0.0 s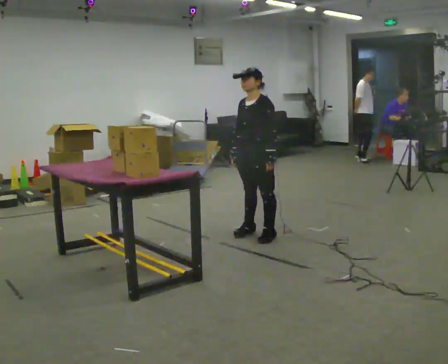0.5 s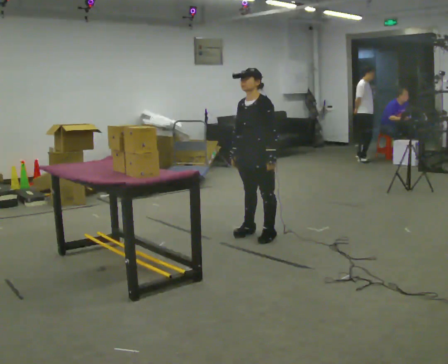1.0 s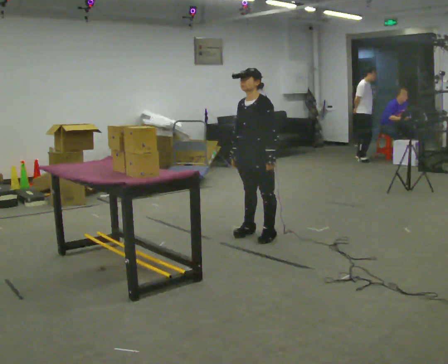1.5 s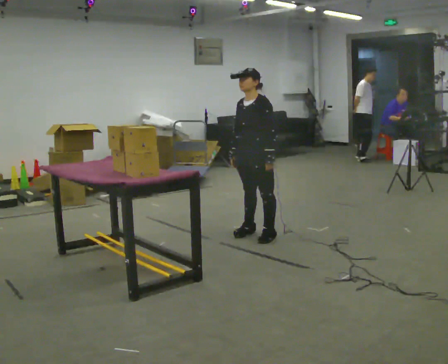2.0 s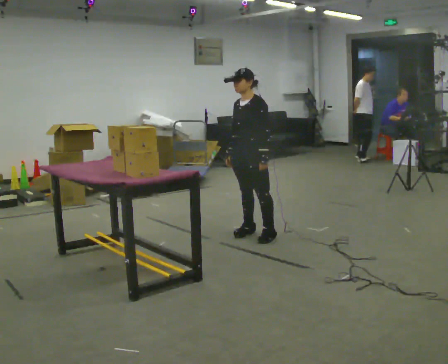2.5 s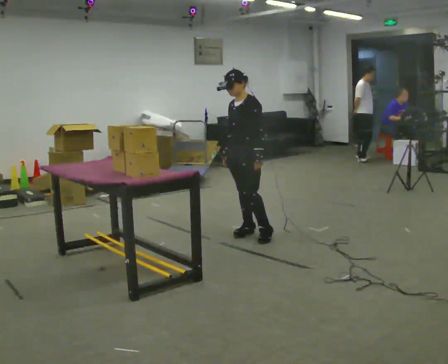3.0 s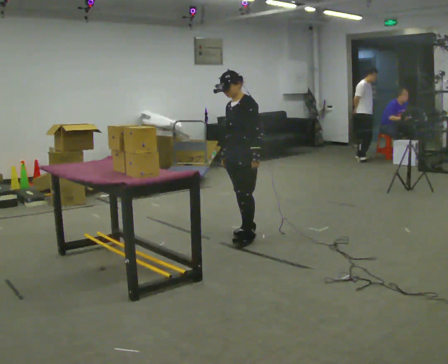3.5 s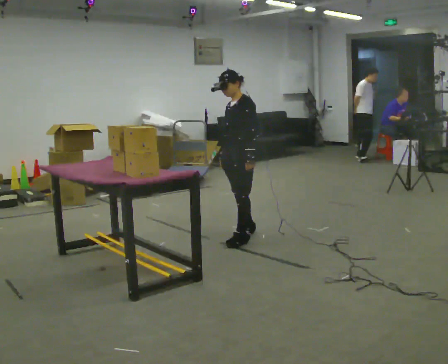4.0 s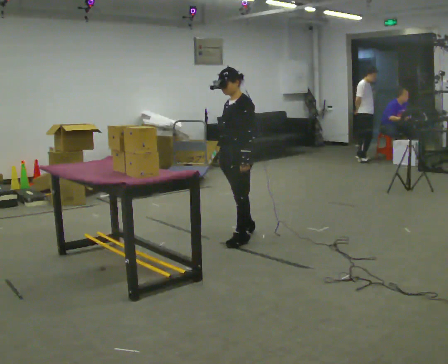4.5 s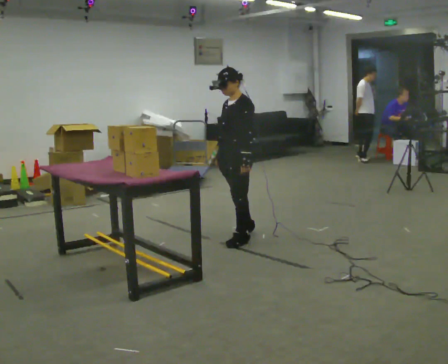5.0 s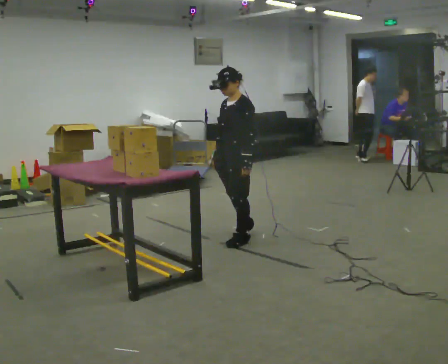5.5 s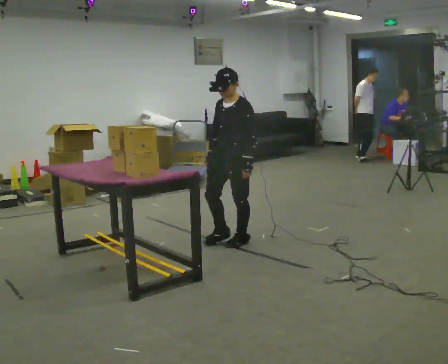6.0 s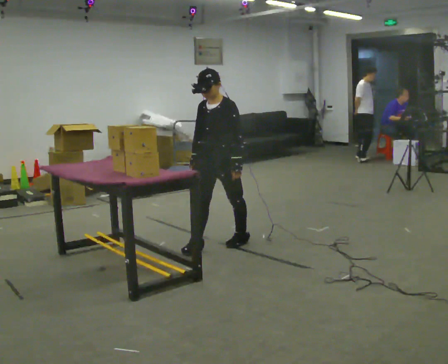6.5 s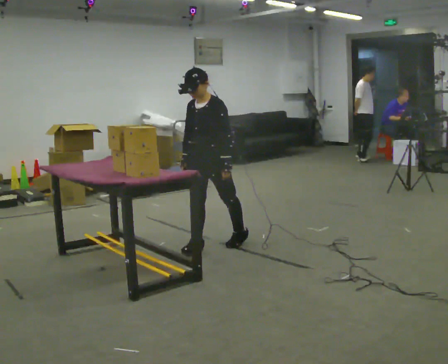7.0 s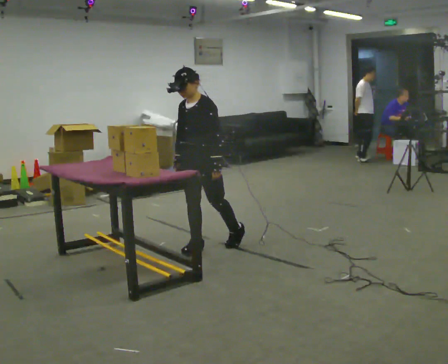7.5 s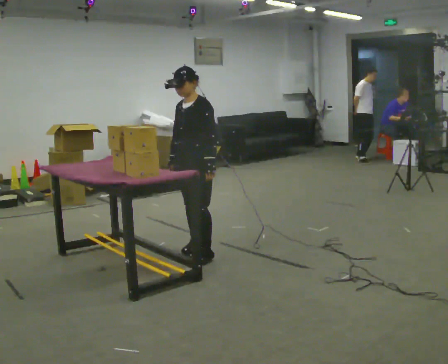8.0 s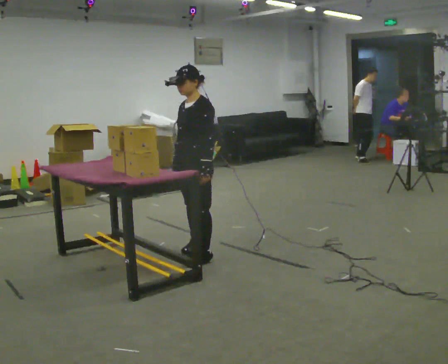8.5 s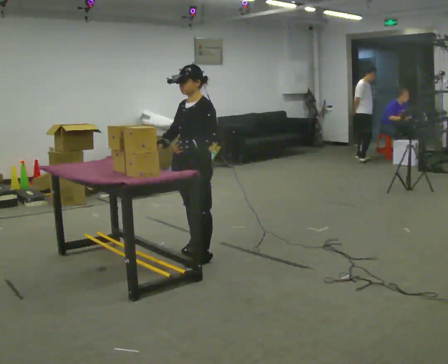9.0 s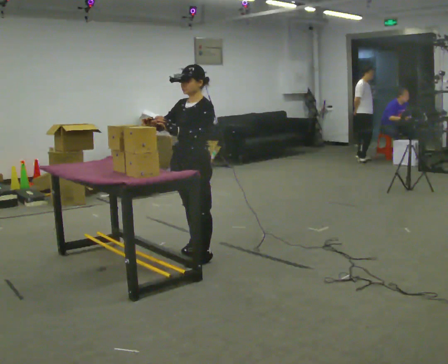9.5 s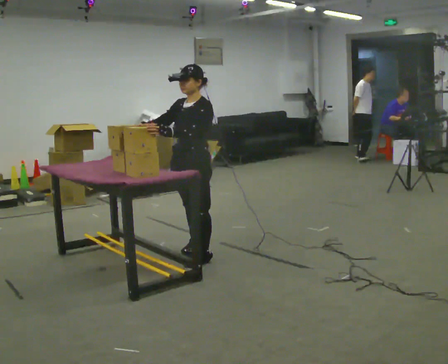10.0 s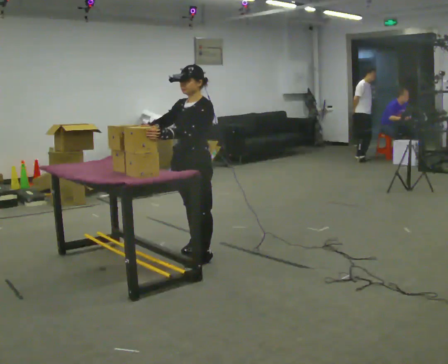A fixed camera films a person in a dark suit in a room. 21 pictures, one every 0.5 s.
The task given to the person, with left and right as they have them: Crouch down and place the object on the lowest shelf, then stand back up. Do not step. Repeat at your own pace until the operator says stop.
0.0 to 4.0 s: The person moves a little, or ends about where they began.
4.0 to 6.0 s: Seen from above the body turns counterclockwise, about 30 degrees: to their left, with its near side sliding to the right. In the picture they go toward the camera and to the left, about 0.25 m in 1 step, which for them is forward.
6.0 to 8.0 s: In the picture they go toward the camera and to the left, about 0.25 m in 1 step, which for them is forward.
8.0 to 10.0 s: In the picture their right hand goes upward.
The film runs forward here.
